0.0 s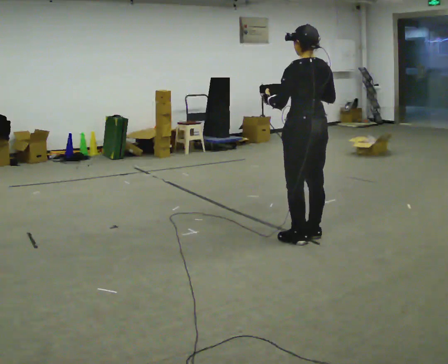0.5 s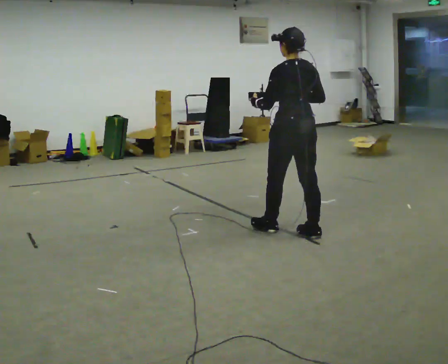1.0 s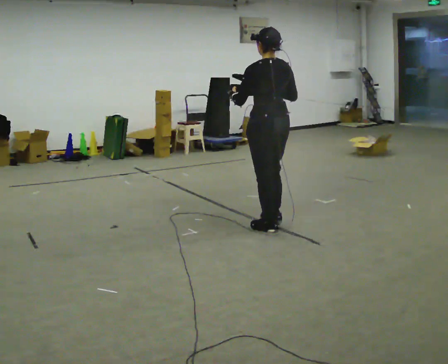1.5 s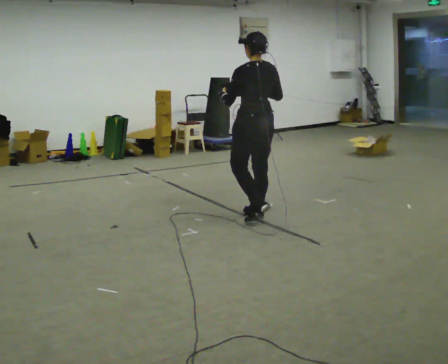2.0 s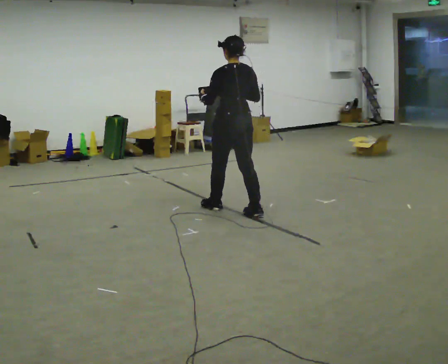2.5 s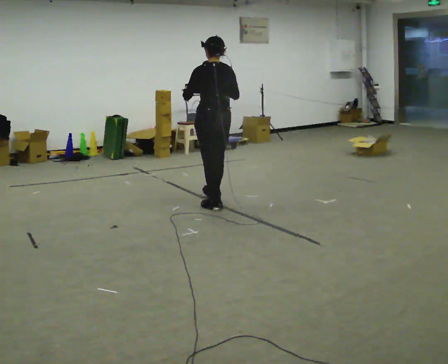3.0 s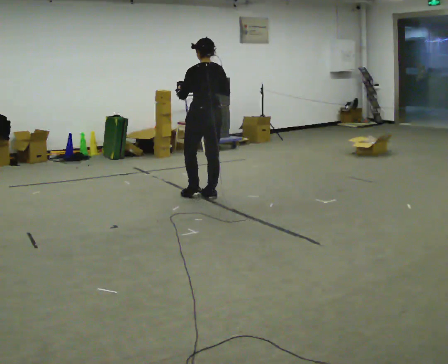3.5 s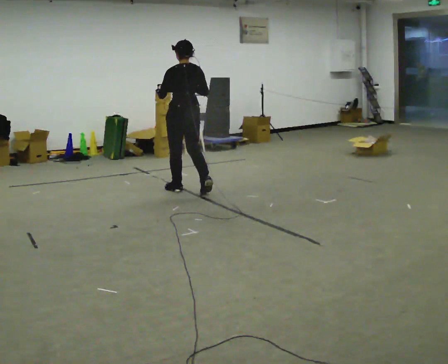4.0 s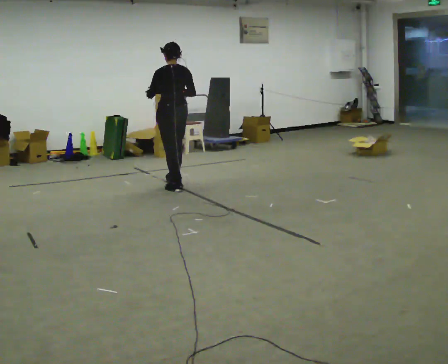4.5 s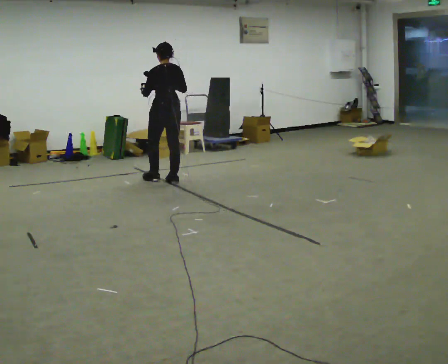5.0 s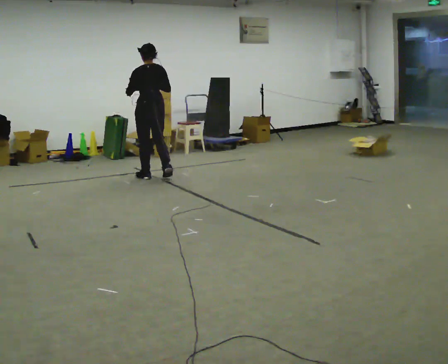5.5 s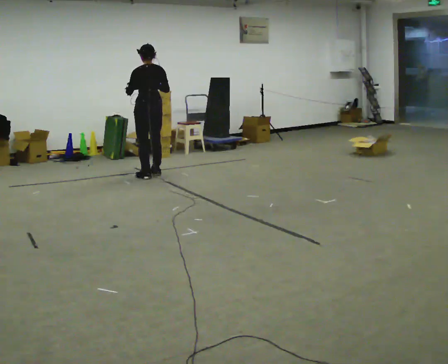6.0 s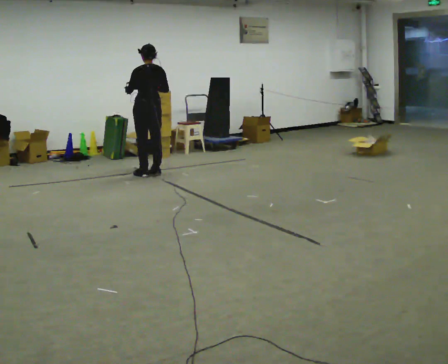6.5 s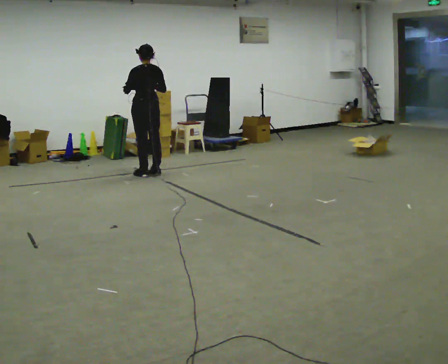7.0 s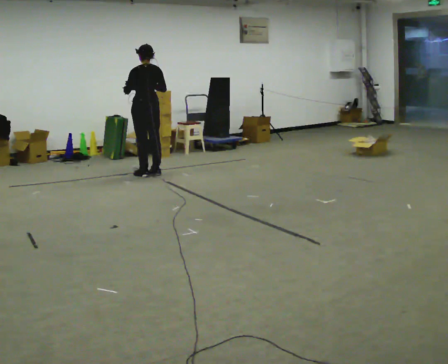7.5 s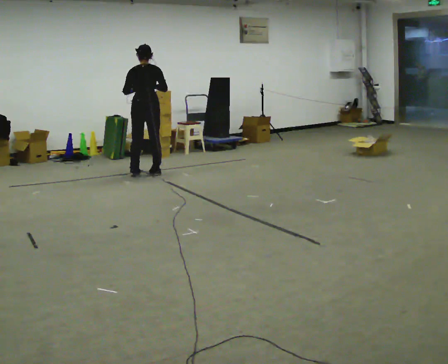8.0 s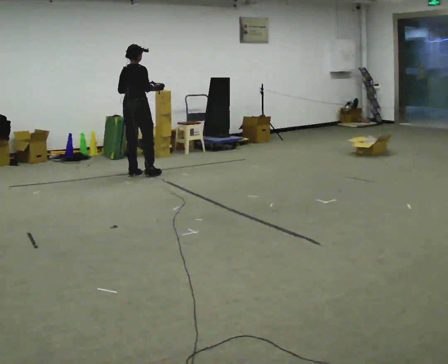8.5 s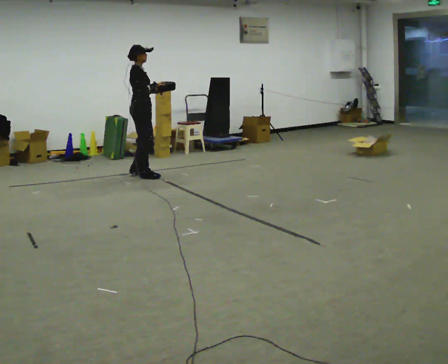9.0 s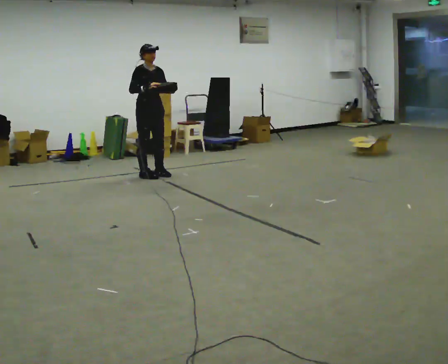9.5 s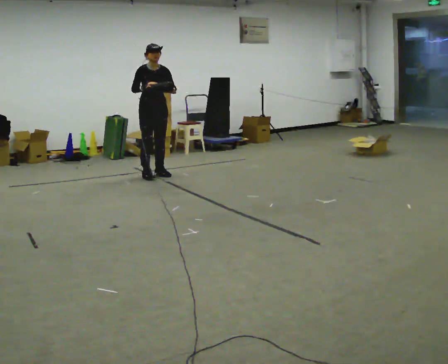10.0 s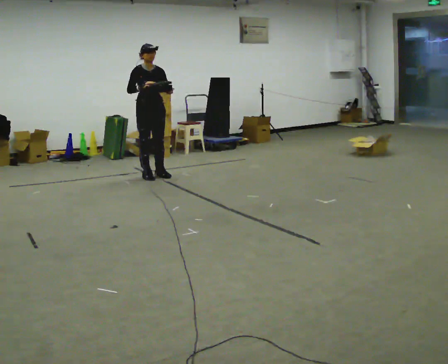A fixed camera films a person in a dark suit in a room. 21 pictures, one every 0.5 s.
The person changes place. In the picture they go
away from the camera.
The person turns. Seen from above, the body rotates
clockwise.
0.0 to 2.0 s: In the picture they go away from the camera and to the left, about 1 m in 3 steps, which for them is forward.
2.0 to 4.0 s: In the picture they go away from the camera and to the left, about 1 m in 3 steps, which for them is forward.
4.0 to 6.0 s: In the picture they go away from the camera and to the left, about 0.5 m in 2 steps, which for them is forward.
6.0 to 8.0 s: Seen from above the body turns clockwise, about 60 degrees: to their right, with its near side sliding to the left. In the picture they go to the left, about 0.25 m in 1 step.
8.0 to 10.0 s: The part of the body nearest the lens slides to the left as the person turns to their right by about 105 degrees. In the picture they go to the right, about 0.25 m in 2 steps. In the picture their left hand goes to the right.
The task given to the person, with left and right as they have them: Carry the lidded box and, while you are still walking, open the lid, then close it again. Repeat as you walk back and forth. Do not stop to do it.
The film runs forward here.
